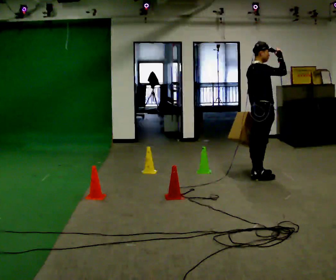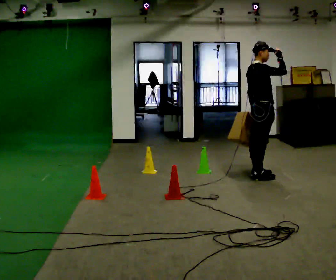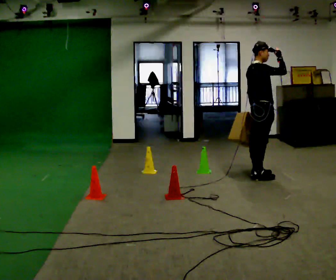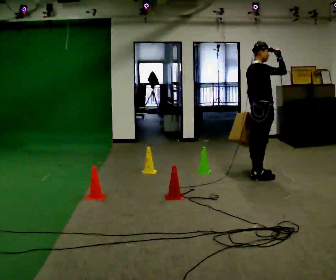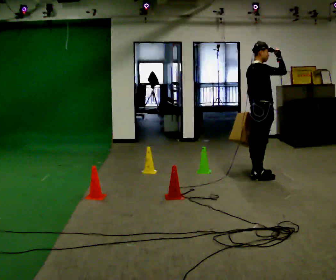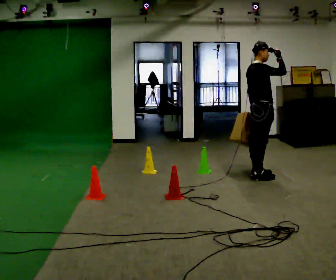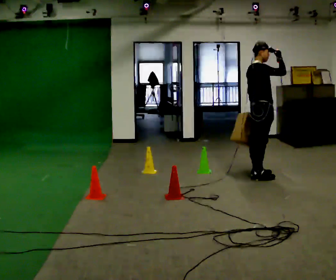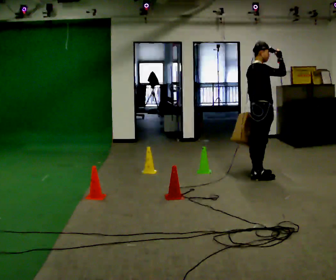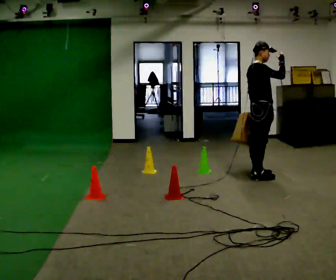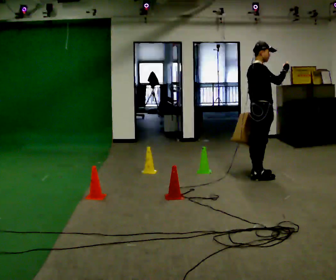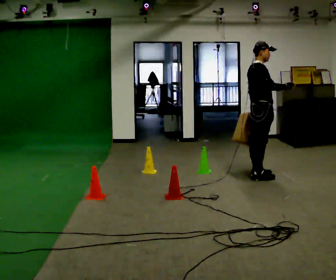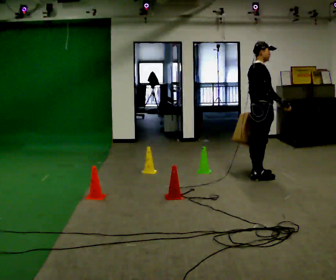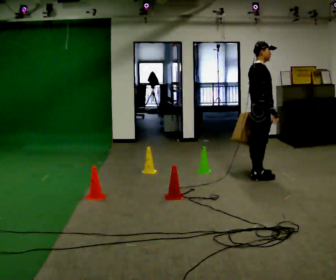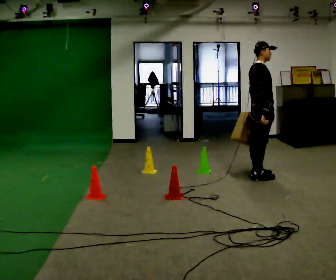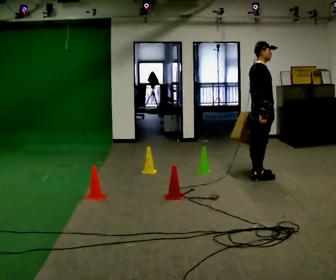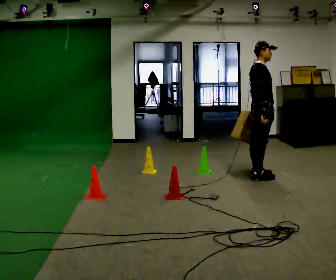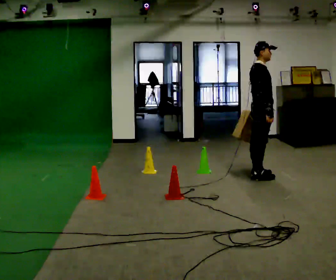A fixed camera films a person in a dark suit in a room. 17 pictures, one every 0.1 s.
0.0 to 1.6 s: In the picture their right hand goes downward, the arm swinging clockwise.
The film runs forward here.
